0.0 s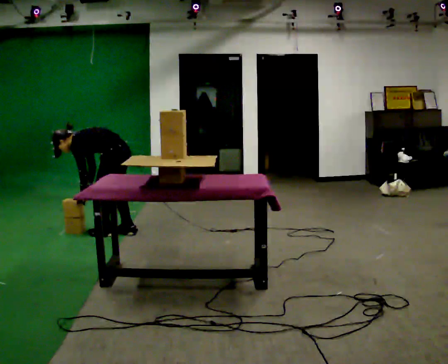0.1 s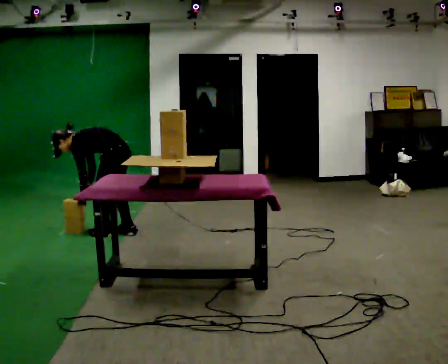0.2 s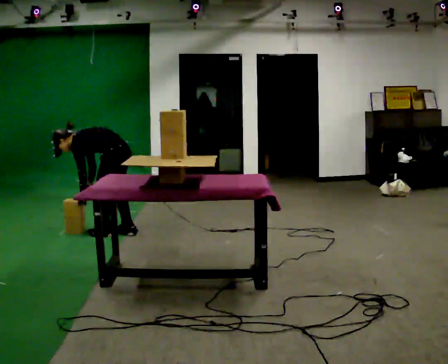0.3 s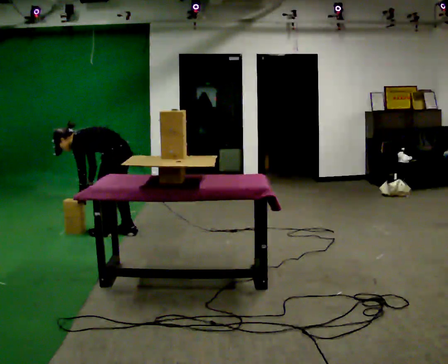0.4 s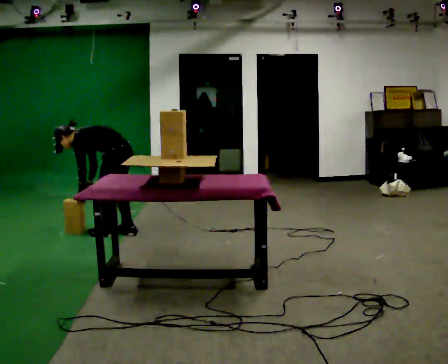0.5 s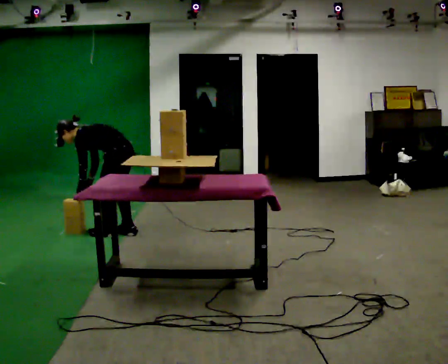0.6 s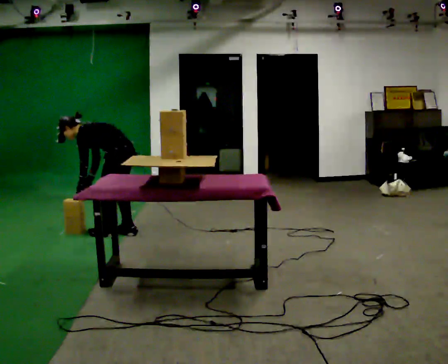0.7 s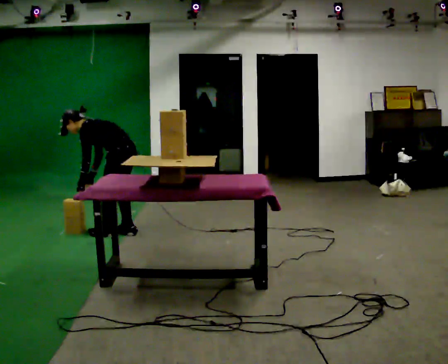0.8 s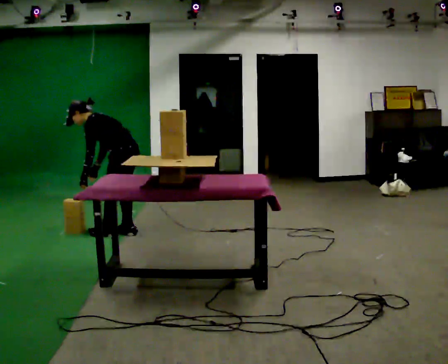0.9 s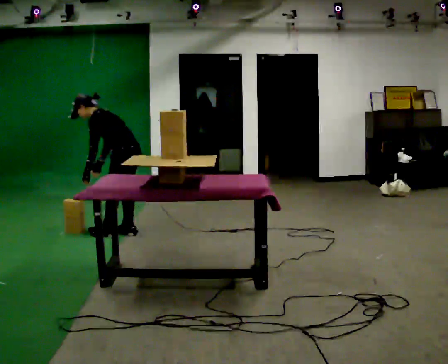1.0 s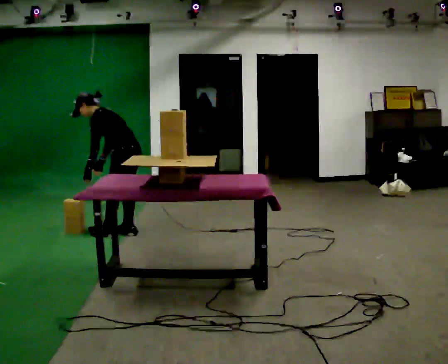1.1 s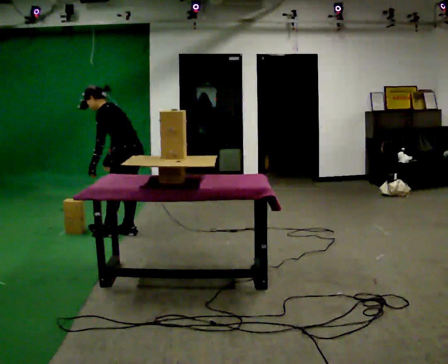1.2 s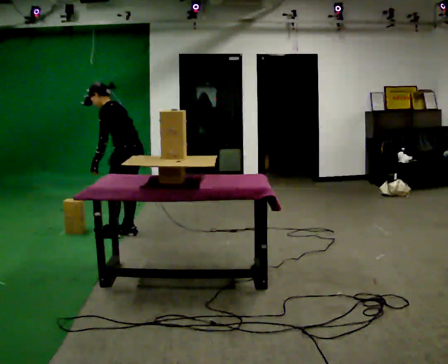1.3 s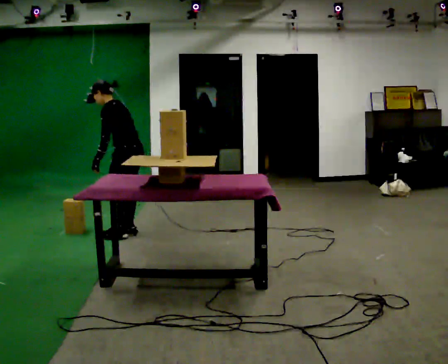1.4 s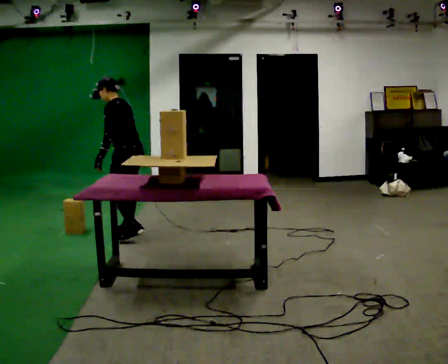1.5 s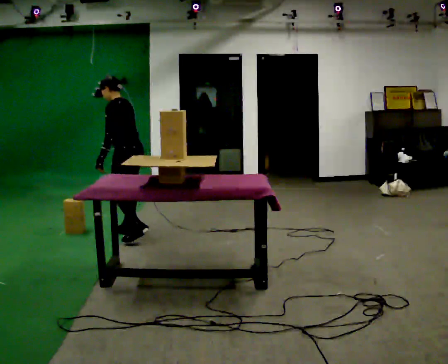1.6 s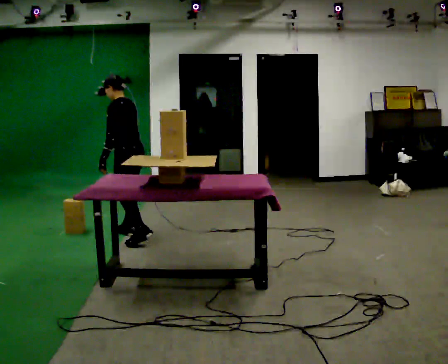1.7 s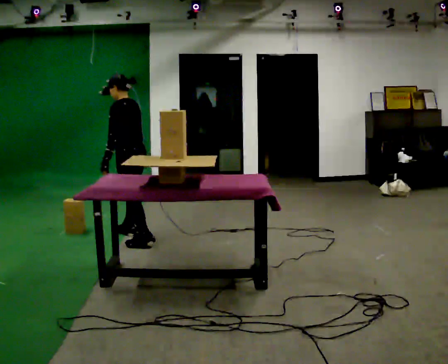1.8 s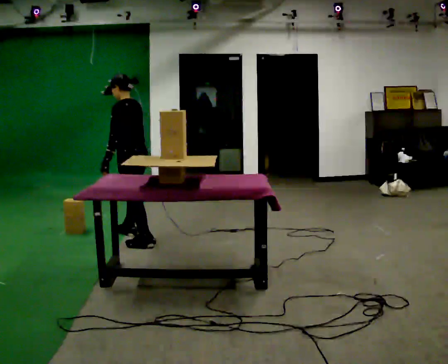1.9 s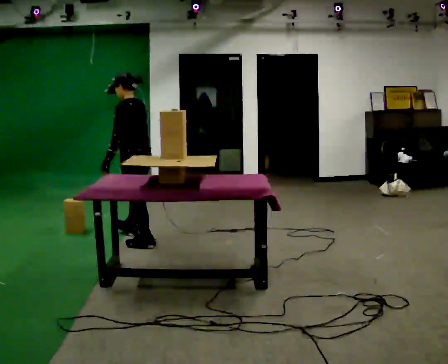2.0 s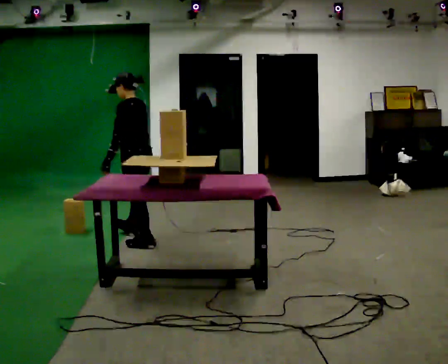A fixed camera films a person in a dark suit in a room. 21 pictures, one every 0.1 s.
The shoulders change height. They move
upward.
The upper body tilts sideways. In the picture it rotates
clockwise.
0.0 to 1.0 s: The shoulders move upward. In the picture the upper body tilts clockwise, shoulders to the right, as they lean back or straighten.
1.0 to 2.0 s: In the picture they go toward the camera, about 0.25 m in 2 steps, which for them is to their left and backward. In the picture the upper body tilts clockwise, shoulders to the right, as they lean back or straighten.
The film runs backward here.
